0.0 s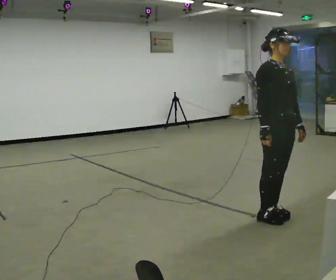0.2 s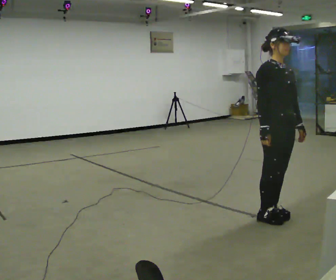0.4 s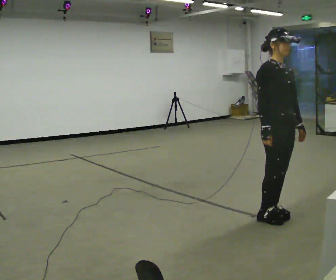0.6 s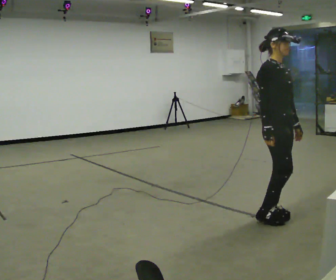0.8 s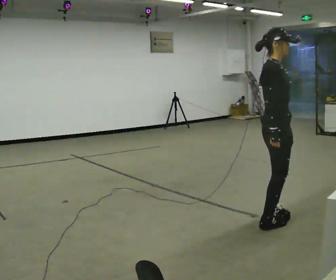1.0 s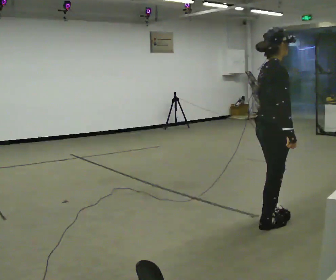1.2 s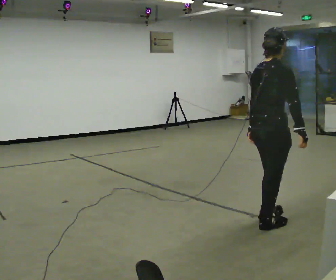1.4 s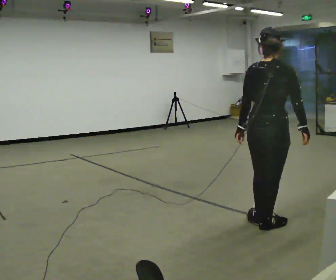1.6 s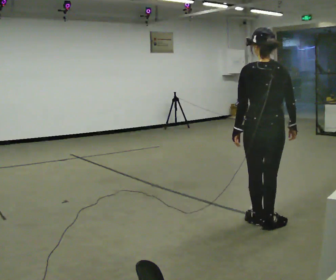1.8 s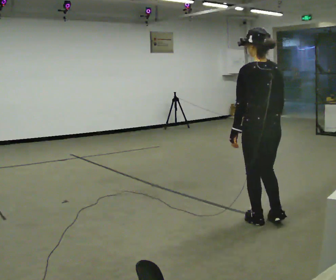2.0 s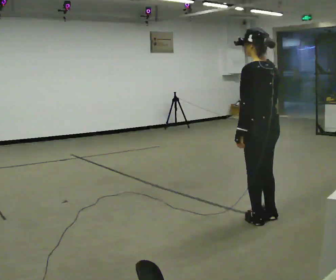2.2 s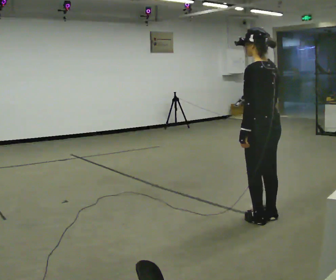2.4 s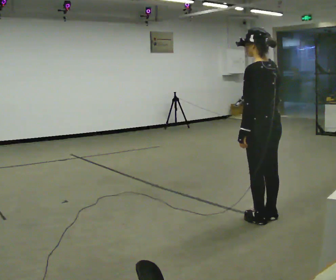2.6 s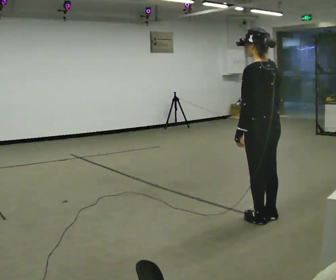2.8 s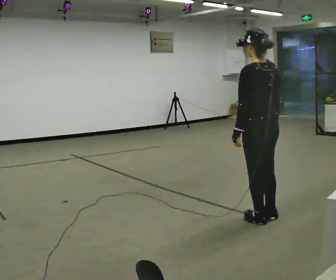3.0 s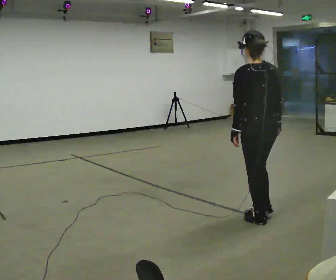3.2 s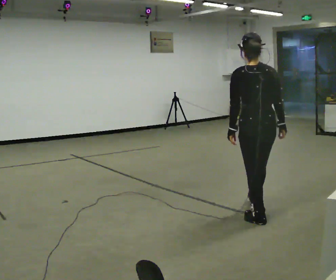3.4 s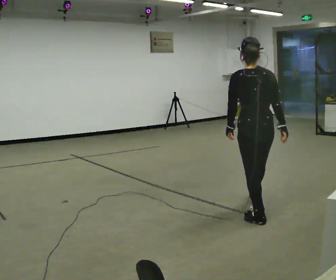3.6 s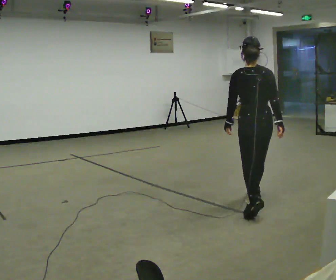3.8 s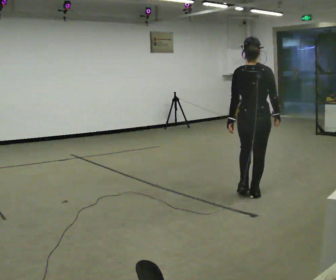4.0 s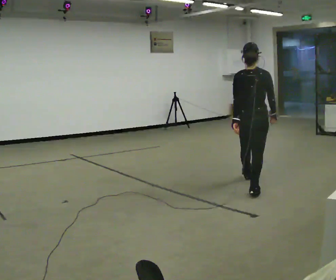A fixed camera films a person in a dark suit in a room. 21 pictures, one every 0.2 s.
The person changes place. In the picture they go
away from the camera.
0.0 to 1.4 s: The part of the body nearest the lens slides to the right as the person turns to their left by about 120 degrees. In the picture their left hand goes to the left, the arm swinging clockwise.
1.4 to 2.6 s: The person turns about 75 degrees to their left, counterclockwise seen from above, so the part of the body nearest the lens slides to the right.
2.6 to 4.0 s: The person turns about 60 degrees to their right, clockwise seen from above, so the part of the body nearest the lens slides to the left. In the picture they go away from the camera, about 1 m in 1 step, which for them is forward.
The film runs forward here.
